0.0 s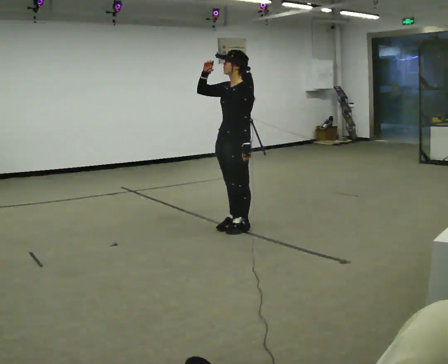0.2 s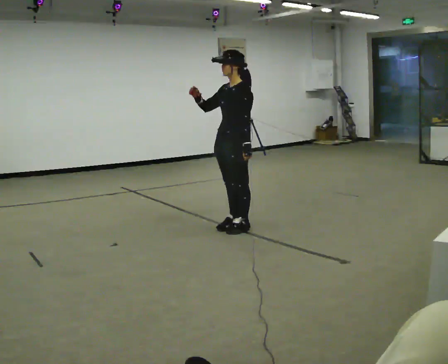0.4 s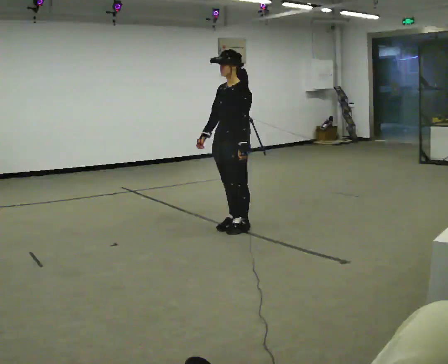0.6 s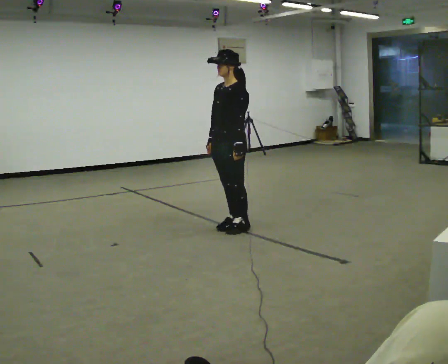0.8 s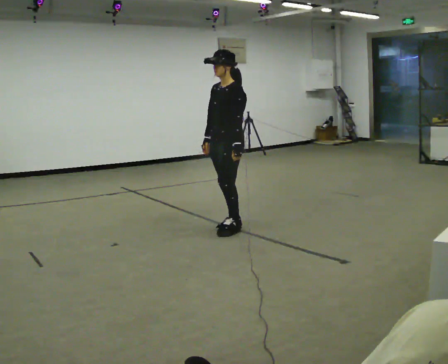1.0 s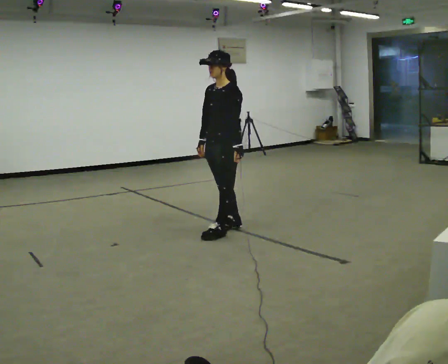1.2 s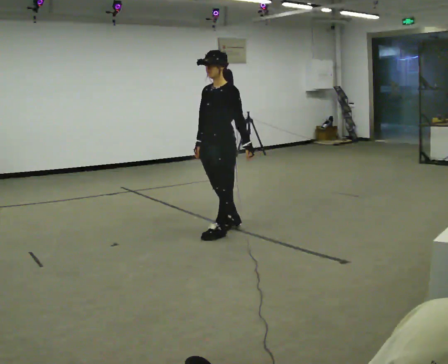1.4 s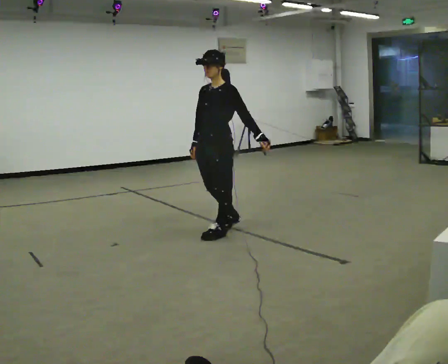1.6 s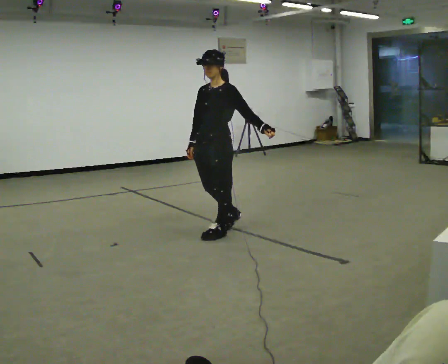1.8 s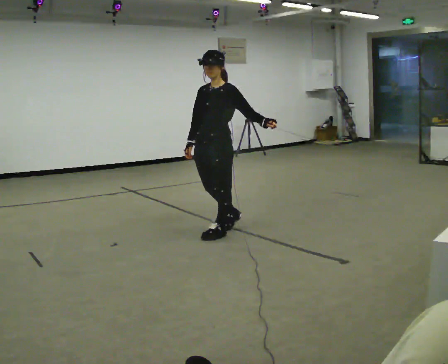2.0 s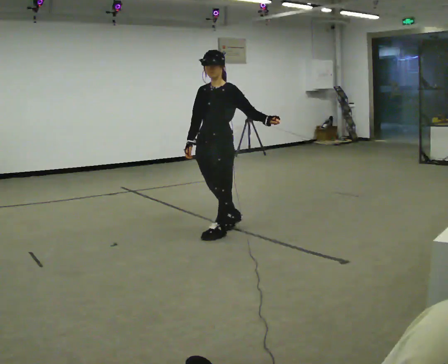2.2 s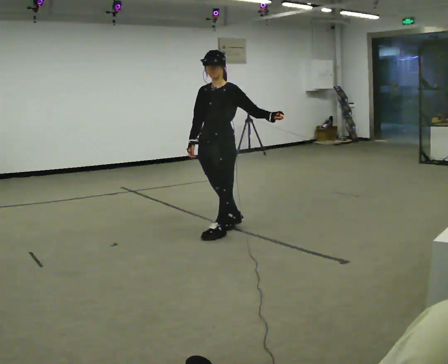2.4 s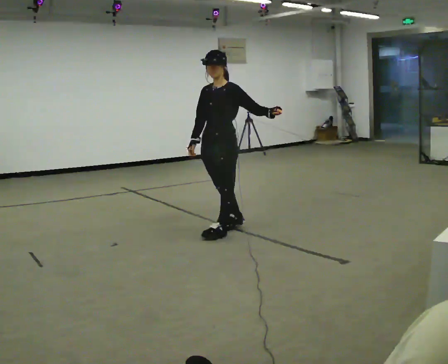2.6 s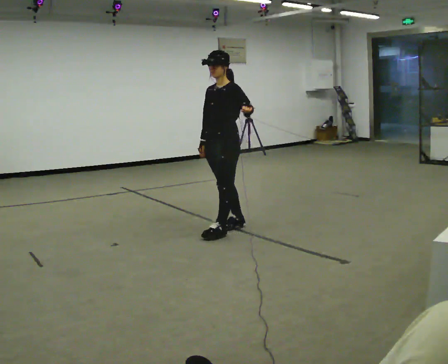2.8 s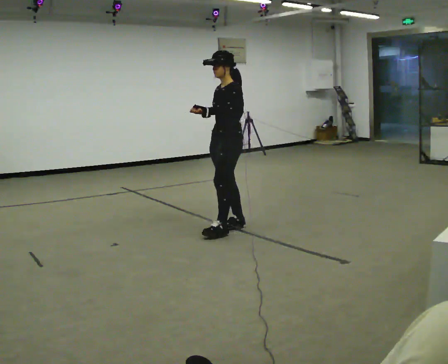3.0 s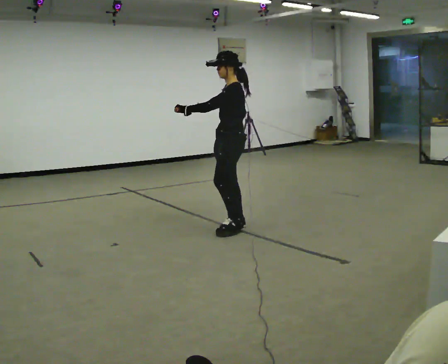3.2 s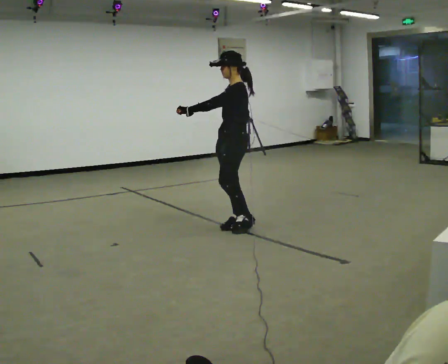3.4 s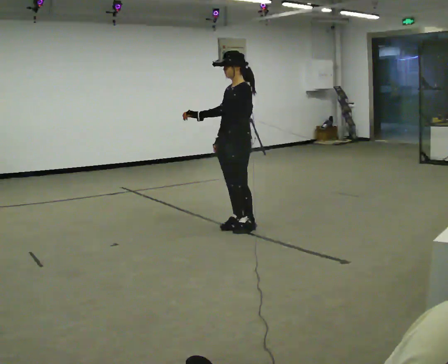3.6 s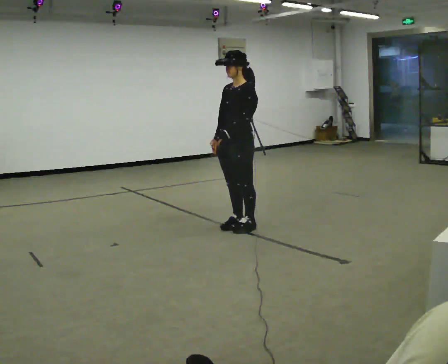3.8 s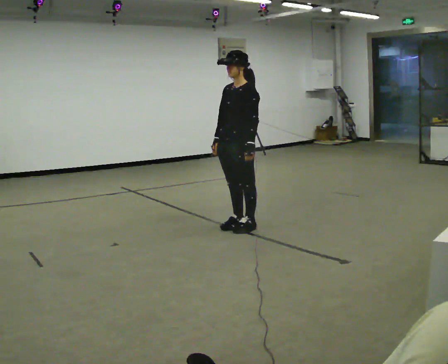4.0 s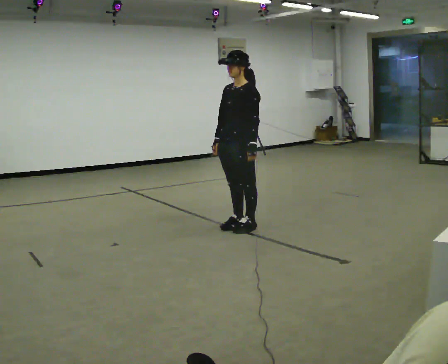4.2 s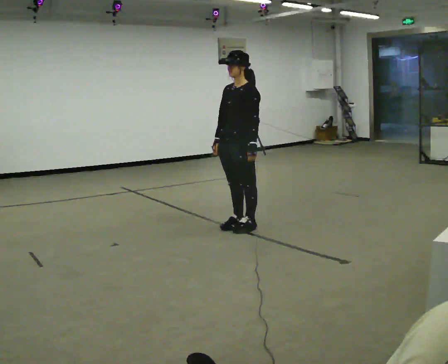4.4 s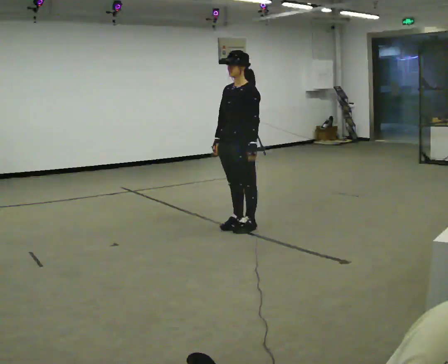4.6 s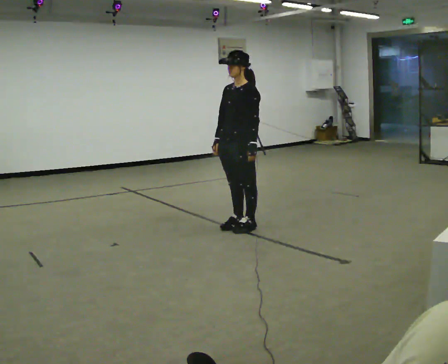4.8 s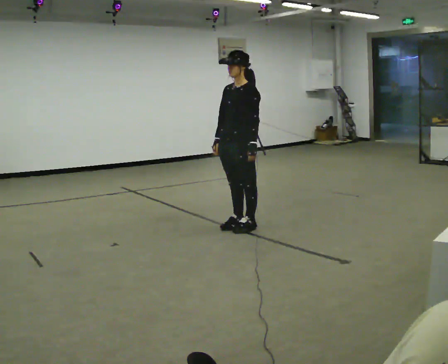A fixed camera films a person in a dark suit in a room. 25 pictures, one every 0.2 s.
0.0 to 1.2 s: In the picture their right hand goes downward.
1.2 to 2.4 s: The person moves a little, or ends about where they began.
2.4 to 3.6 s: In the picture their left hand goes to the left.
3.6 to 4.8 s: The person moves a little, or ends about where they began.
The film runs backward here.
